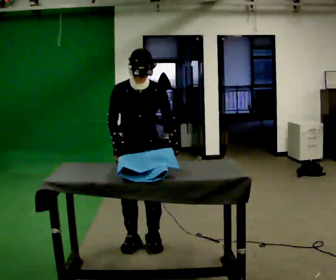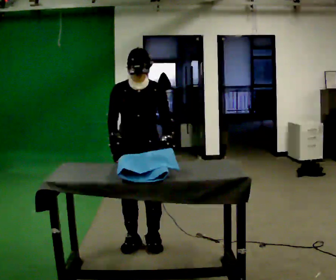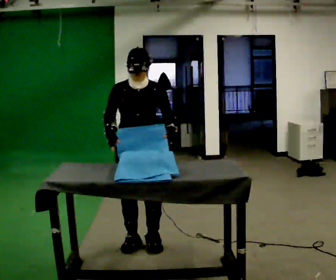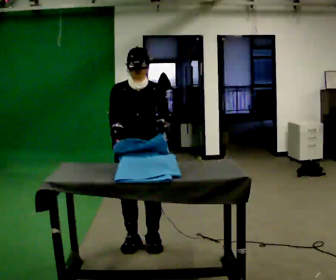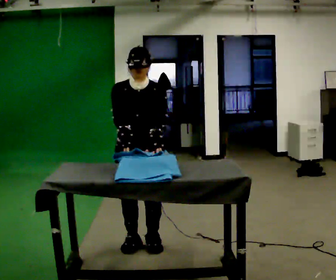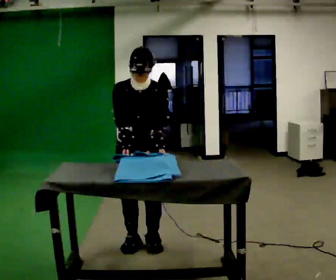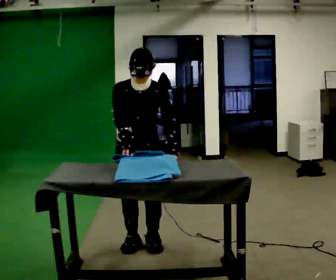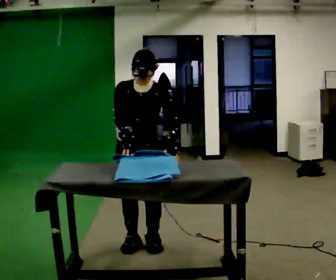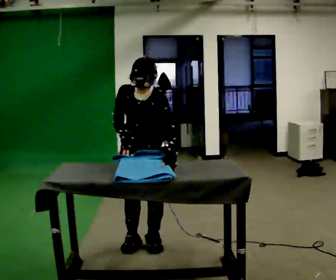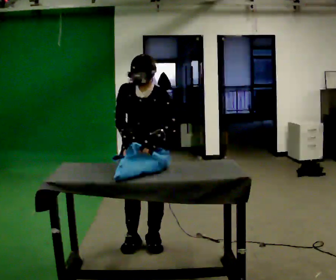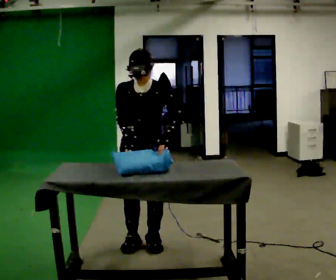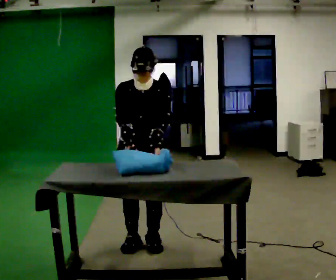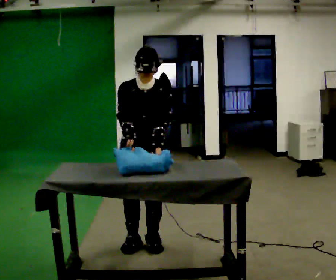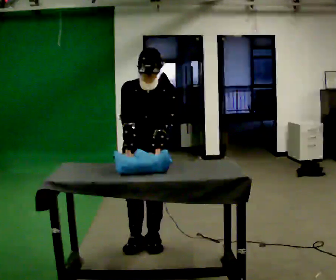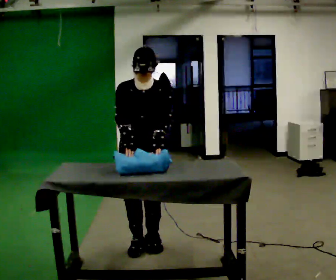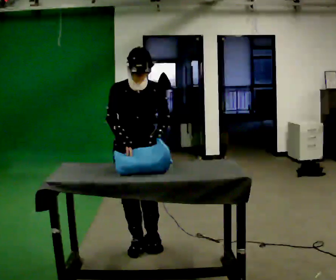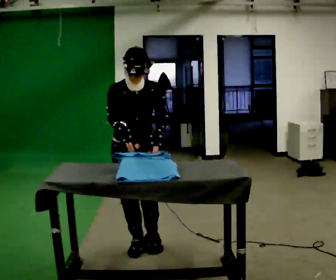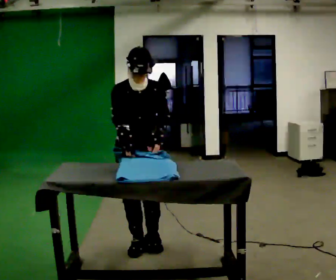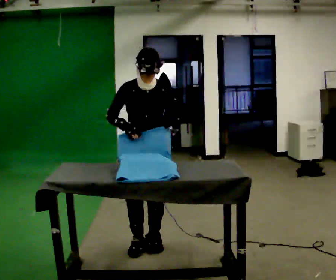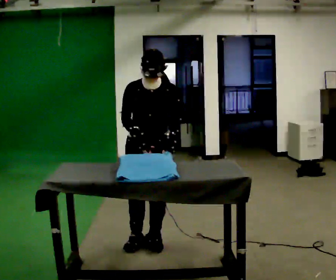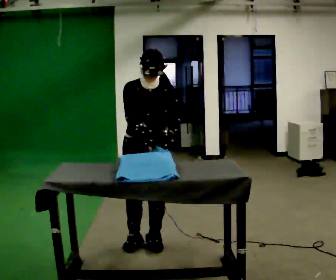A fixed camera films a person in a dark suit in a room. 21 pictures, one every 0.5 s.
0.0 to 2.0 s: The person moves a little, or ends about where they began.
2.0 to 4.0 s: The upper body tips toward the camera, its near side rolling downward, as they bend forward.
4.0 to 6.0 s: The upper body tips away from the camera, its near side rolling upward, as they lean back or straighten.
6.0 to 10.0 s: The person moves a little, or ends about where they began.
The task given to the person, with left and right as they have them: Wrap the cloth around the object and tuck it in, then unwrap it. Repeat at your own pace until the operator says stop. Keep both feet on the marked spots for the whole take. If you have to step, stop and tell the operator.
The film runs forward here.
